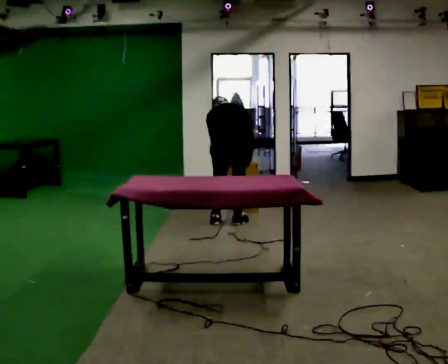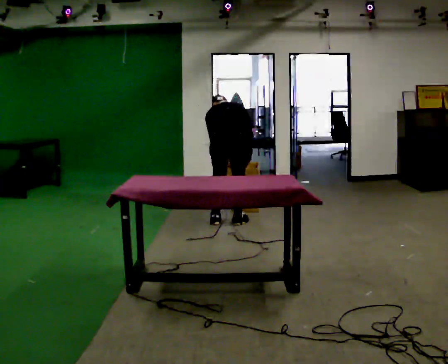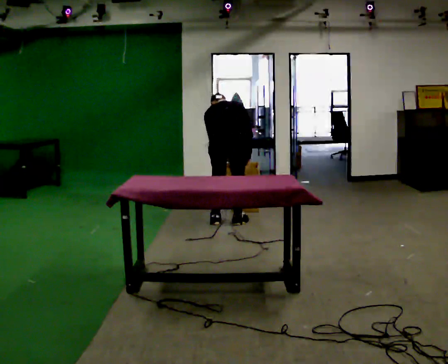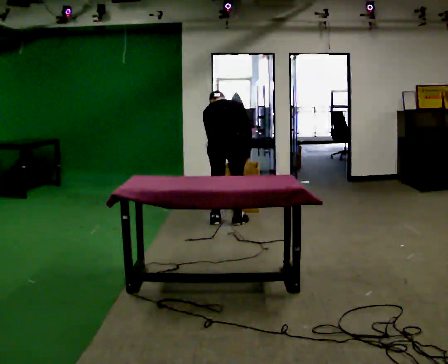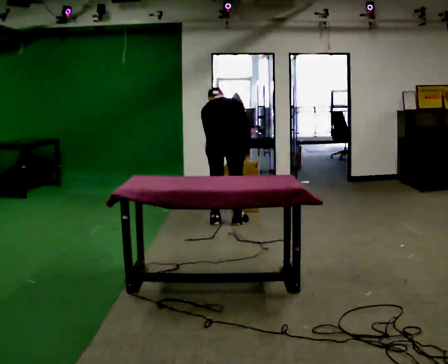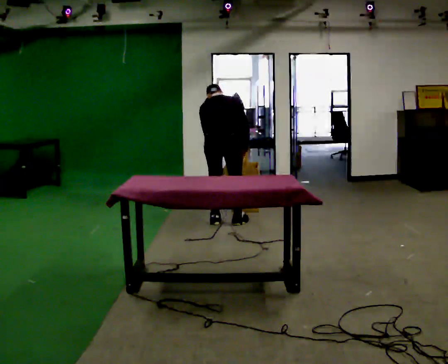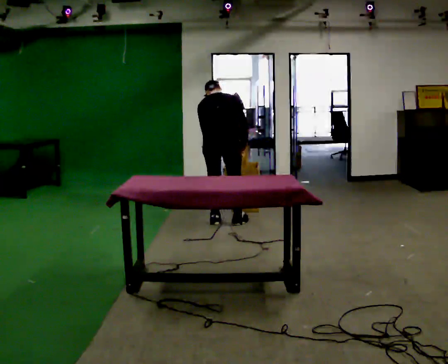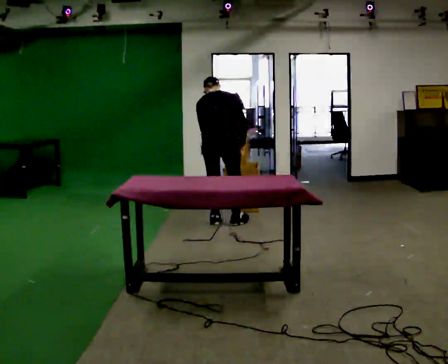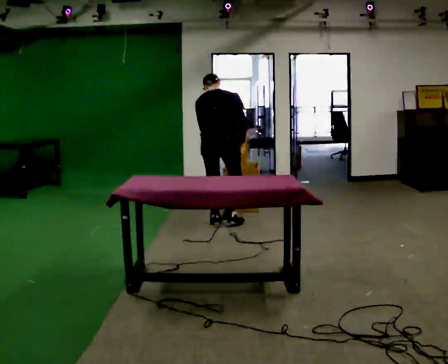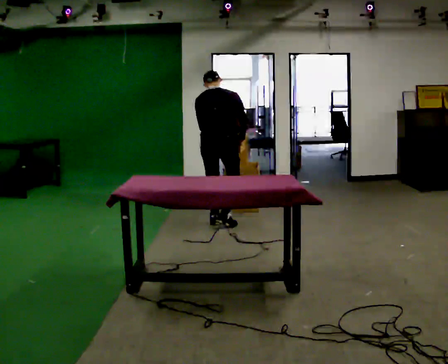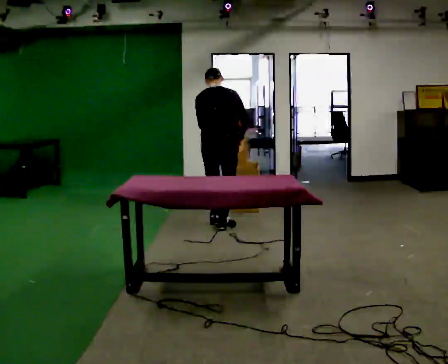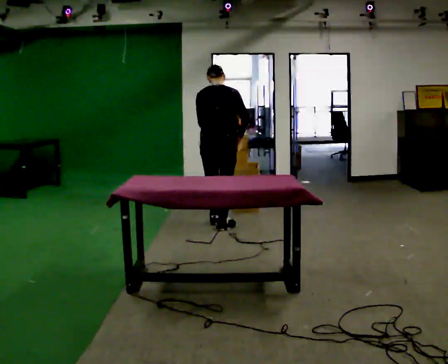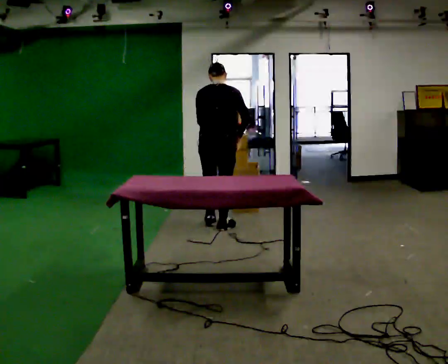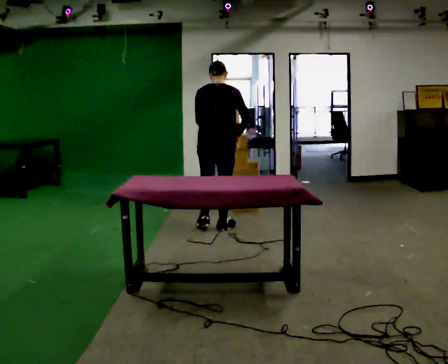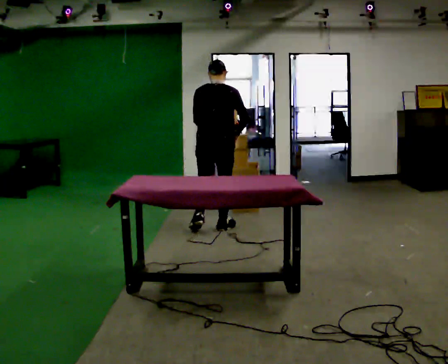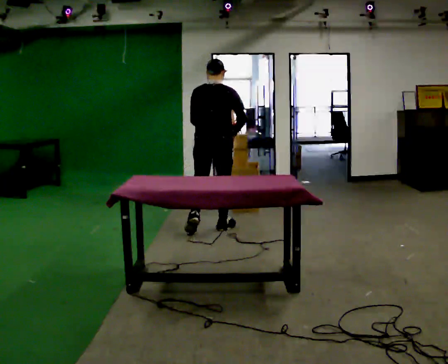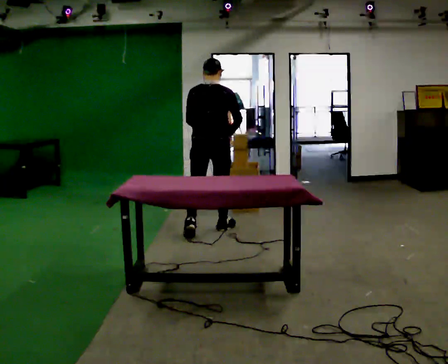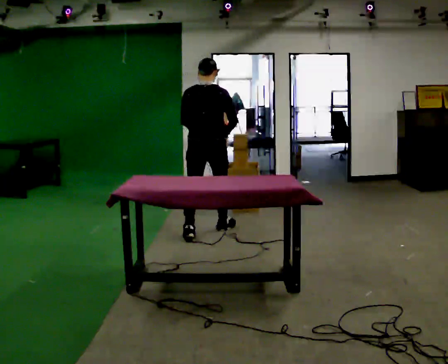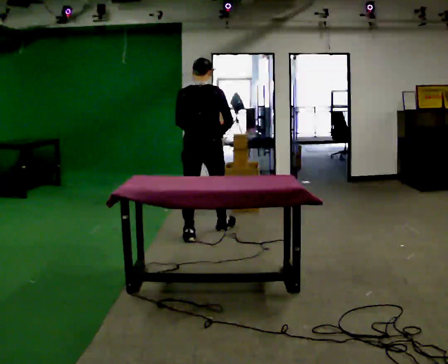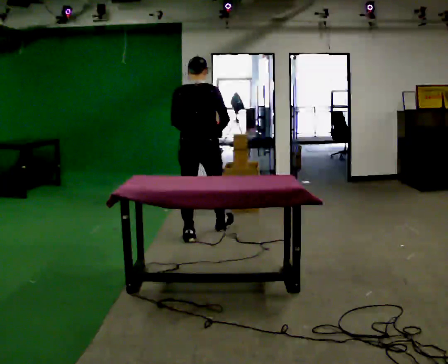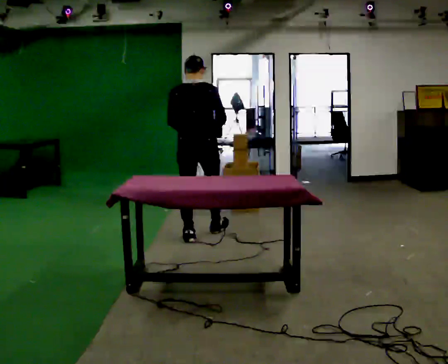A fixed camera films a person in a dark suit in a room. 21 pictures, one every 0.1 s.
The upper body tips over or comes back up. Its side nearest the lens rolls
downward.
0.0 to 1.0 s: The shoulders move upward. The upper body tips toward the camera, its near side rolling downward, as they lean back or straighten.
1.0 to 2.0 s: In the picture they go toward the camera and to the left, about 0.5 m in 2 steps, which for them is backward. The upper body tips toward the camera, its near side rolling downward, as they lean back or straighten.
The film runs backward here.
